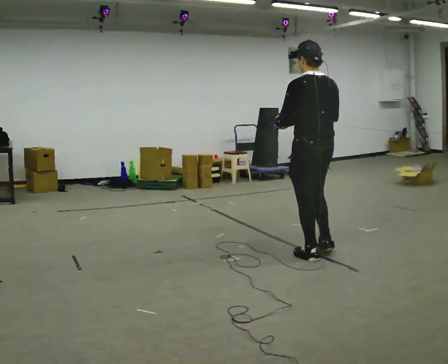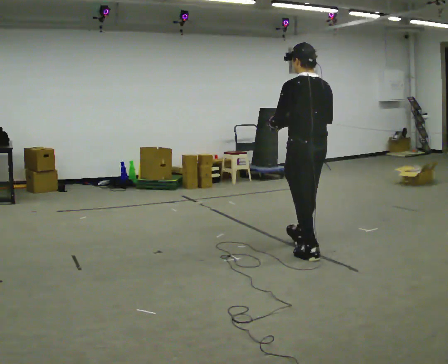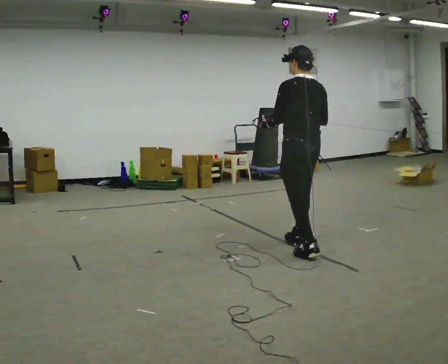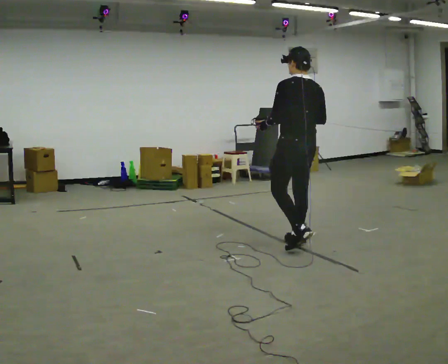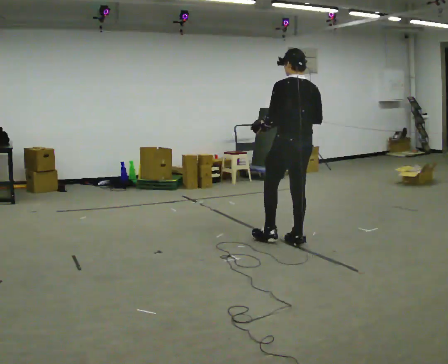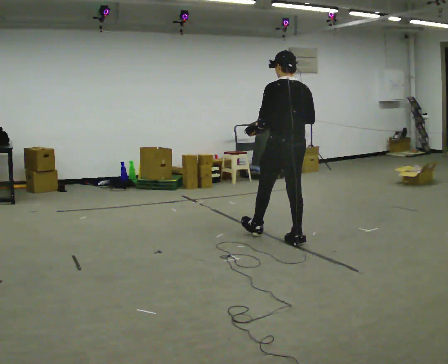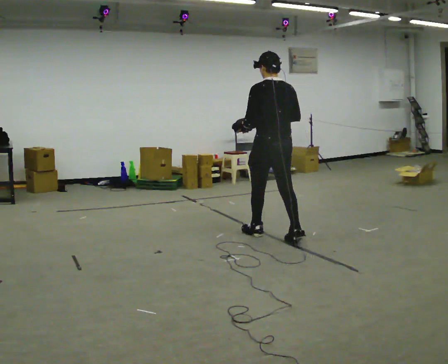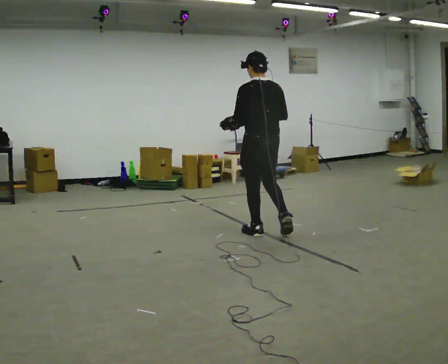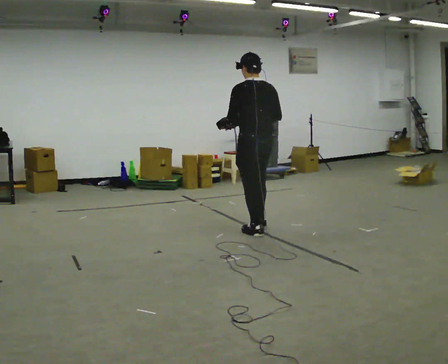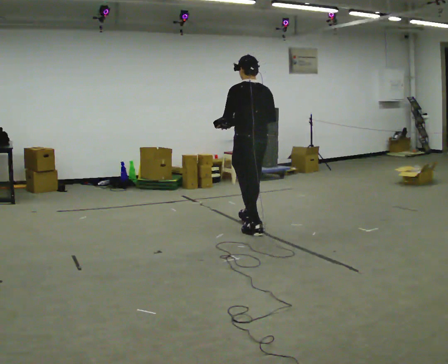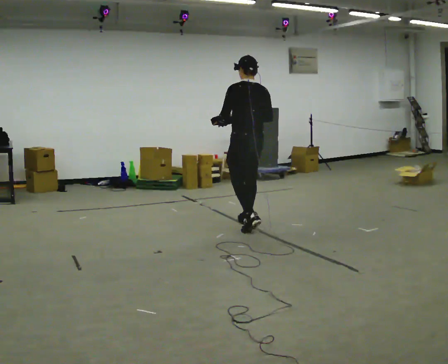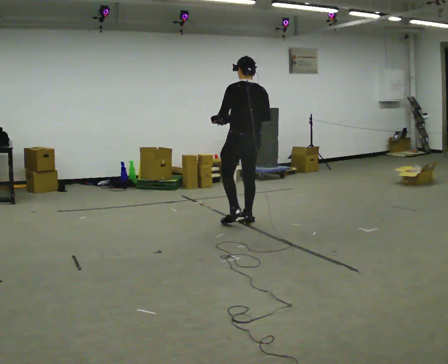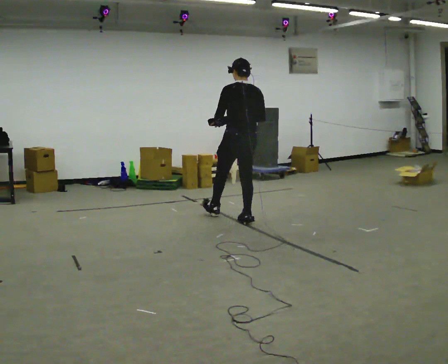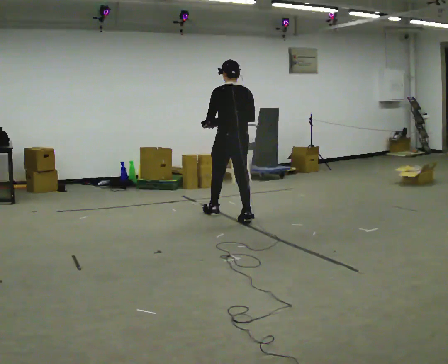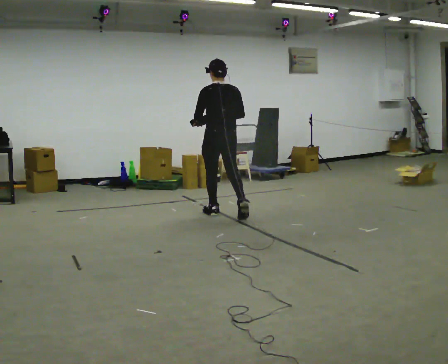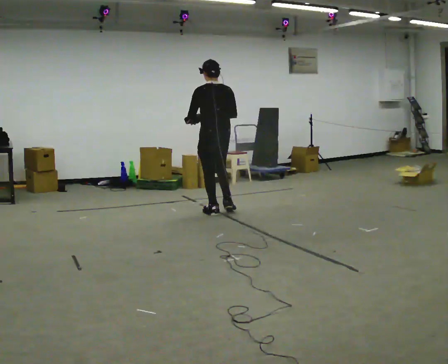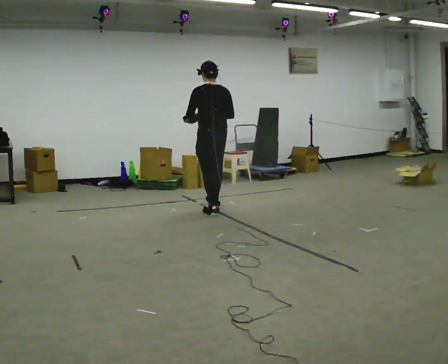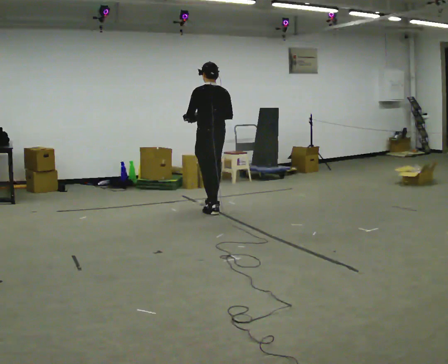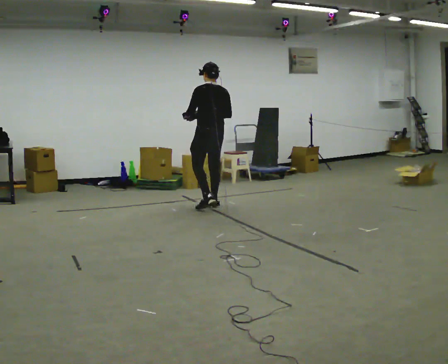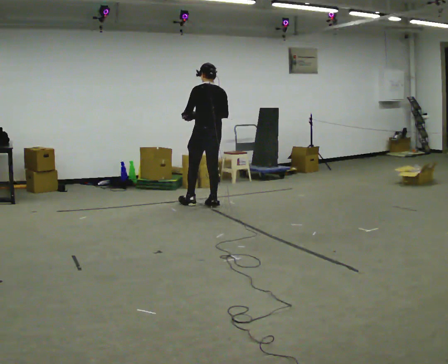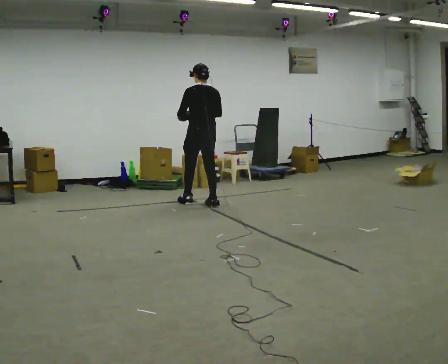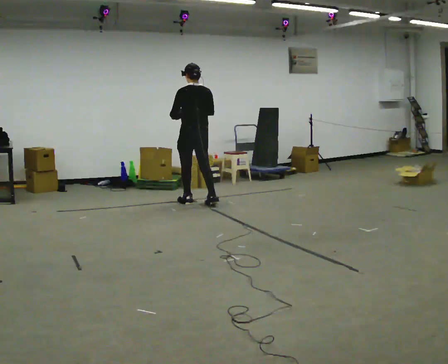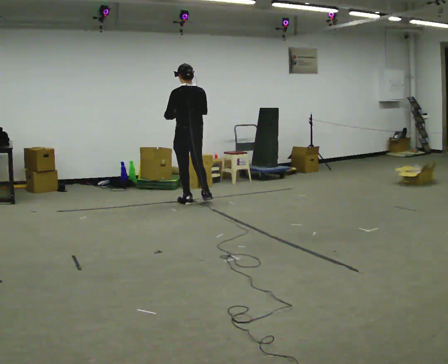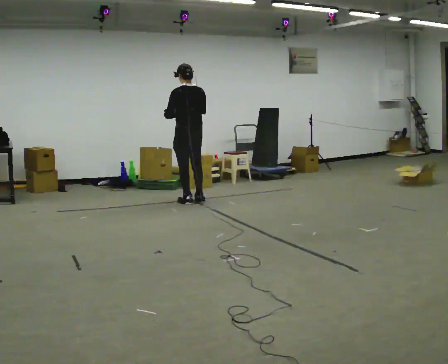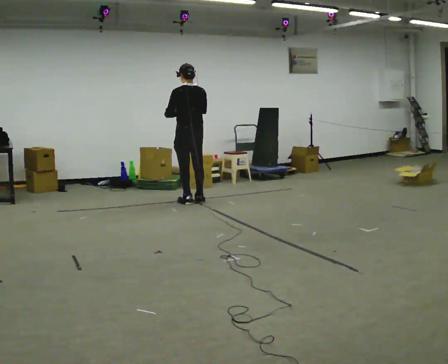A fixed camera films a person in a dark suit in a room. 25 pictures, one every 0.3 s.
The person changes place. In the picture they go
away from the camera.
0.0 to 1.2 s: In the picture they go away from the camera, about 0.5 m in 1 step, which for them is forward and to their right.
1.2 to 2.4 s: In the picture they go to the left and away from the camera, about 0.5 m in 1 step, which for them is forward.
2.4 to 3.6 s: In the picture they go away from the camera and to the left, about 0.5 m in 1 step, which for them is forward.
3.6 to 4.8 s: In the picture they go away from the camera and to the left, about 0.5 m in 2 steps, which for them is forward.
4.8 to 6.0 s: In the picture they go away from the camera and to the left, about 0.5 m in 1 step, which for them is forward.
6.0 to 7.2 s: In the picture they go to the left, about 0.25 m in 1 step, which for them is forward.
The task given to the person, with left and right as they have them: Carry the bag and, while walking, undo the buckle or zip, then do it up again. Keep repeating as you walk. Do not stop.
The film runs forward here.
